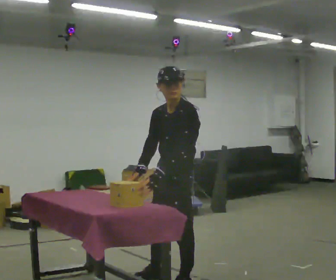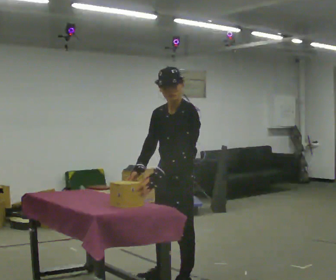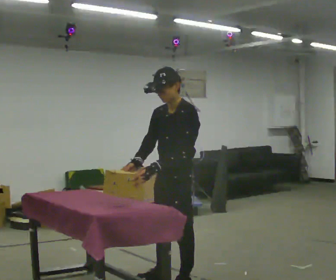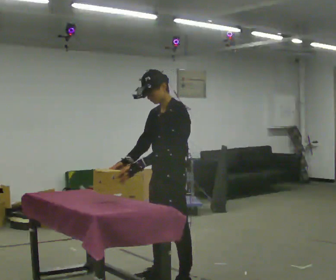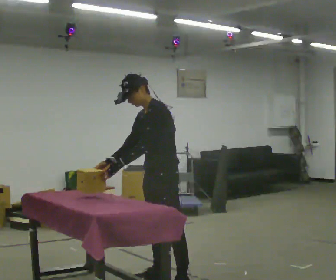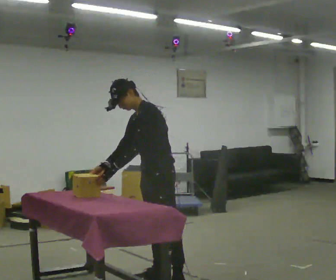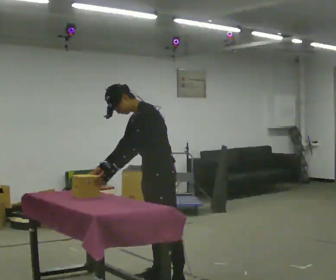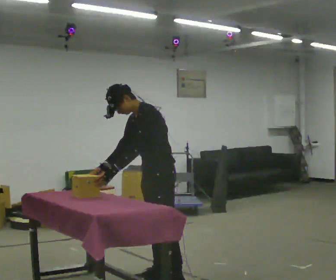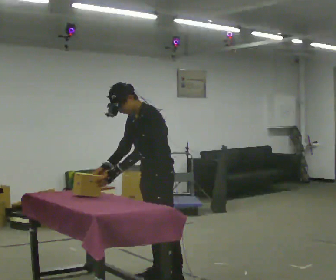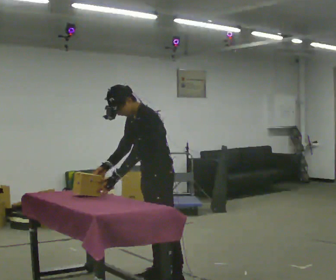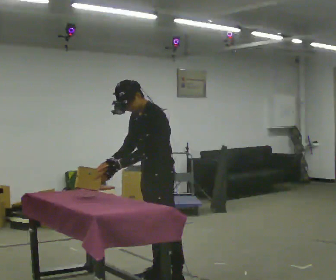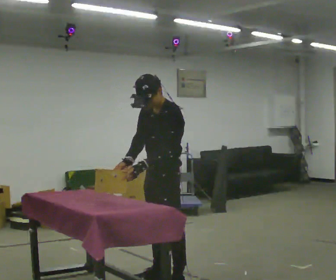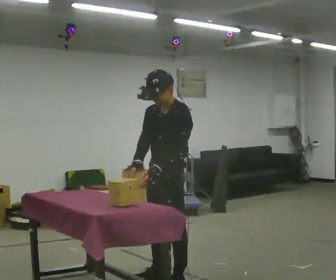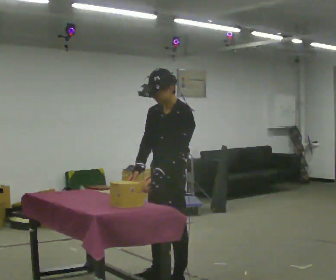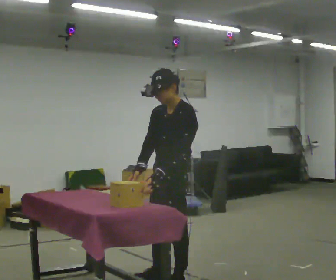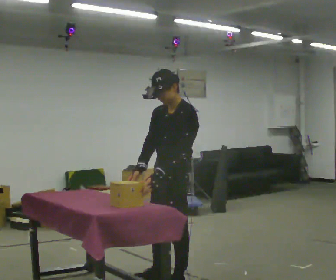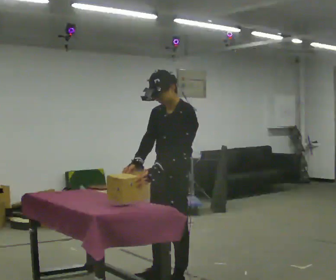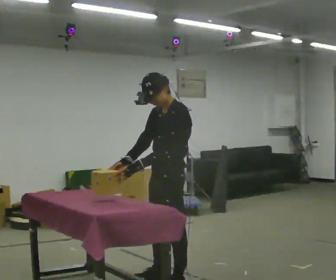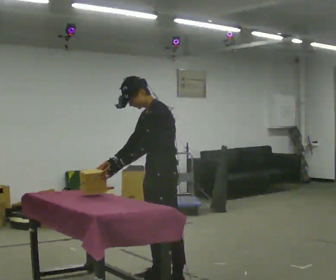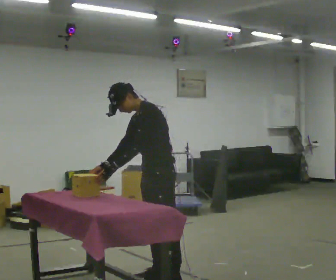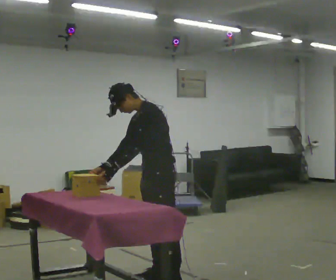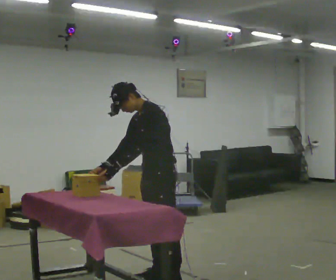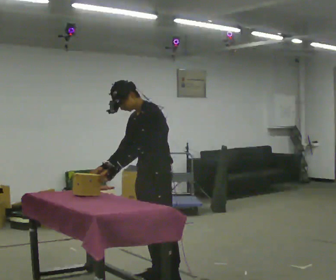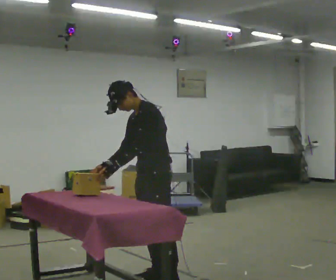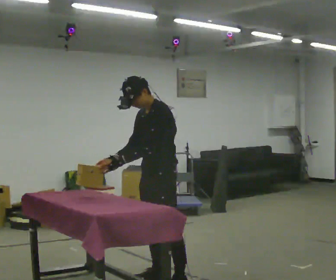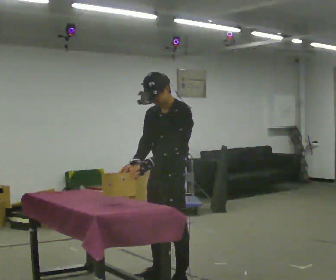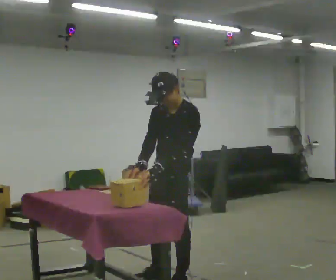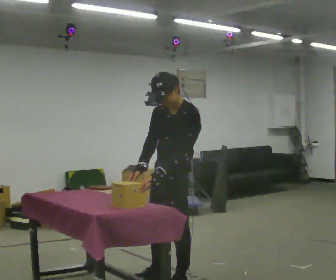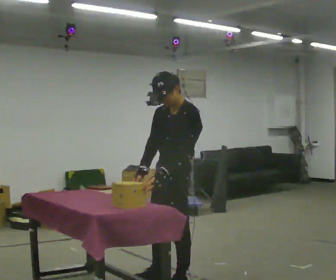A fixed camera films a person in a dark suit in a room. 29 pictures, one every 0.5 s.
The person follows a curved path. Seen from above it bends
clockwise.
0.0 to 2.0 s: In the picture they go away from the camera, about 0.25 m, which for them is to their right.
2.0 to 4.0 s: The person moves a little, or ends about where they began.
4.0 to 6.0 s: In the picture they go toward the camera, about 0.25 m, which for them is to their left. In the picture the upper body tilts clockwise, shoulders to the right.
6.0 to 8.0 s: The person moves a little, or ends about where they began.
8.0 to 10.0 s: In the picture they go away from the camera, about 0.25 m, which for them is to their right. In the picture the upper body tilts counterclockwise, shoulders to the left.
10.0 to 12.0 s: The person moves a little, or ends about where they began.
12.0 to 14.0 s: In the picture they go toward the camera, about 0.25 m, which for them is to their left. In the picture their left hand goes to the right.
The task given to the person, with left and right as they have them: Lift the heavy object with both hands and set it down again in a different spot on the same surface. Repeat at your own pace until the operator says stop. Keep both feet on the marked spots for the whole take. If you have to step, stop and tell the operator.
The film runs forward here.
